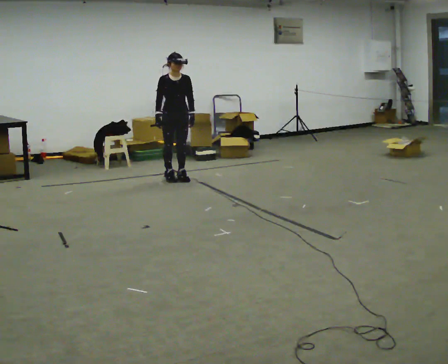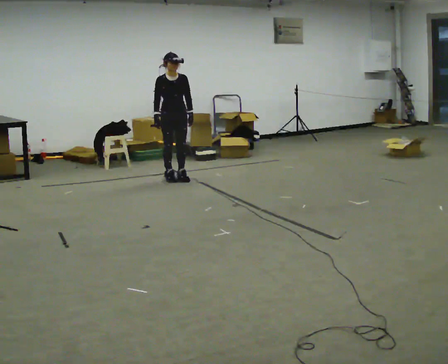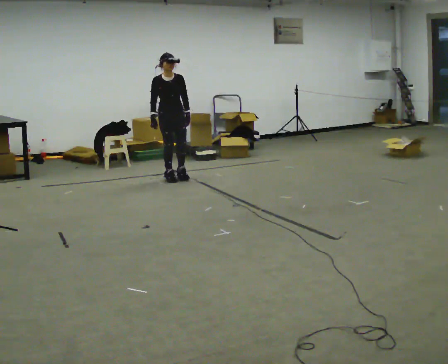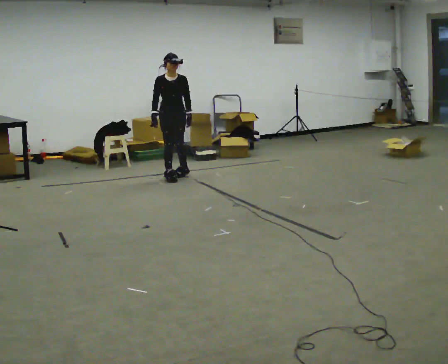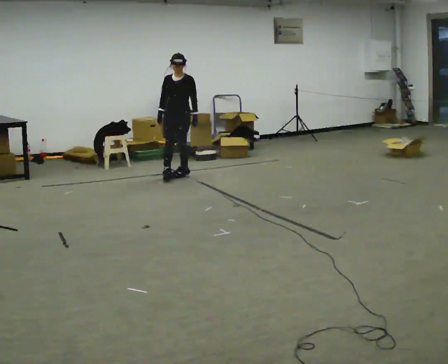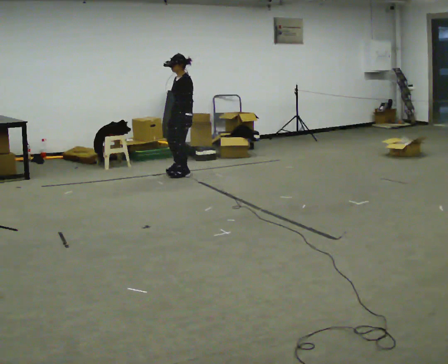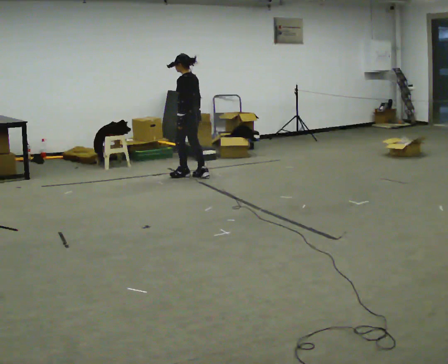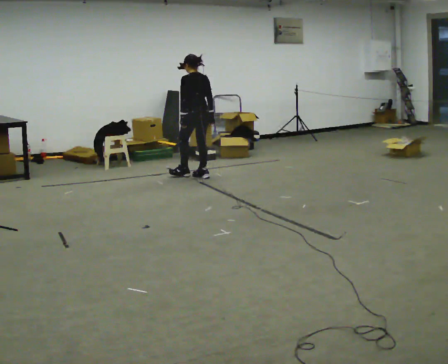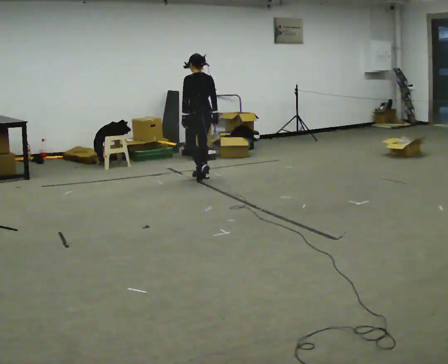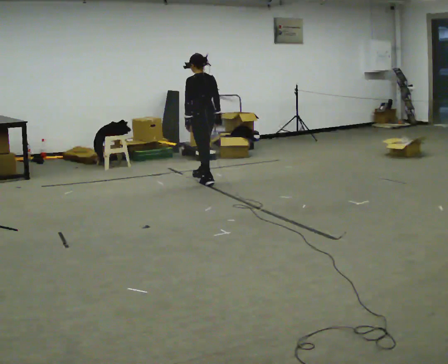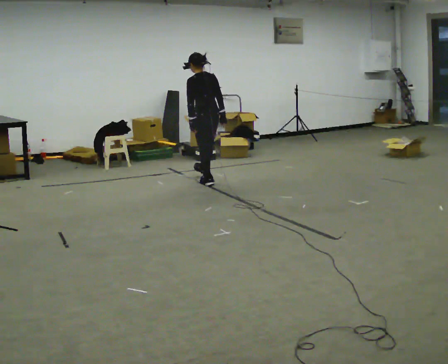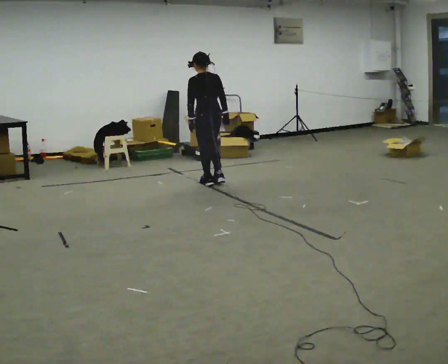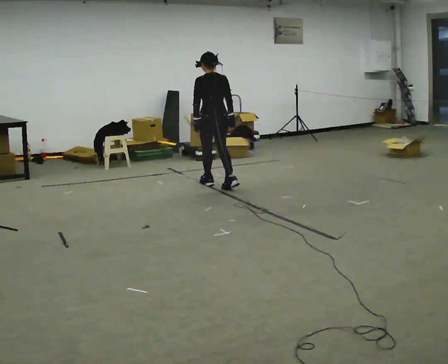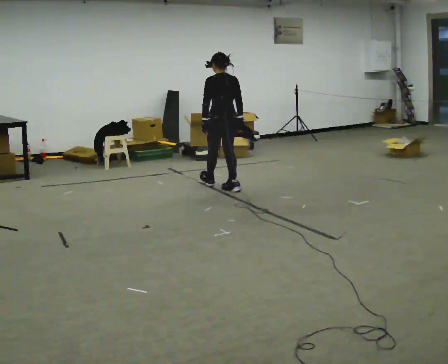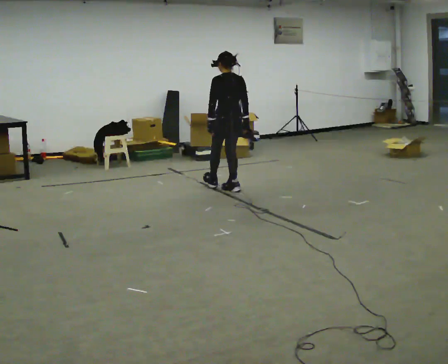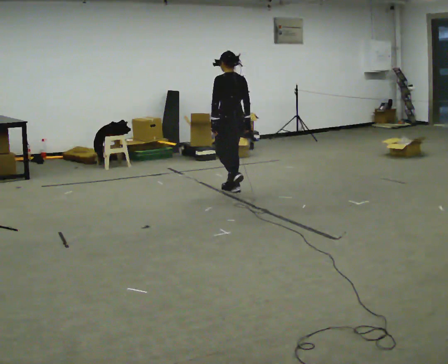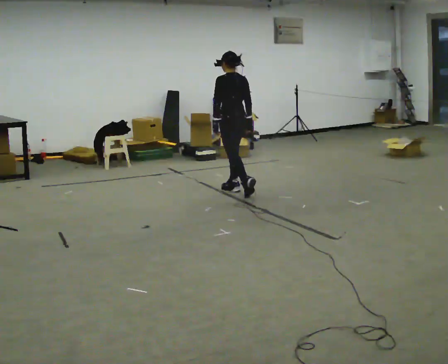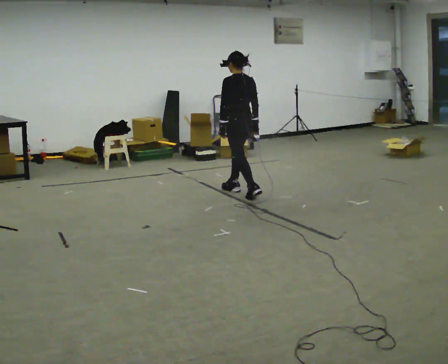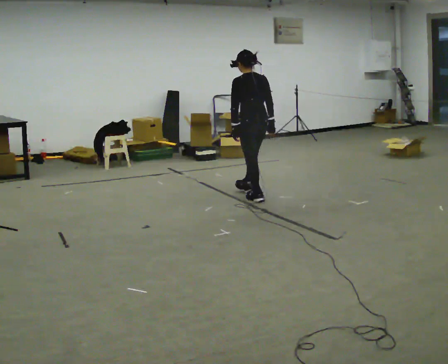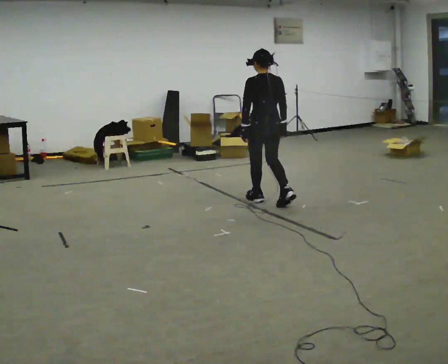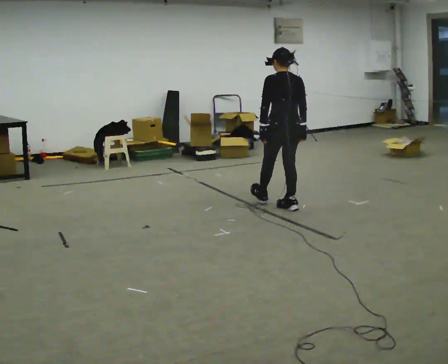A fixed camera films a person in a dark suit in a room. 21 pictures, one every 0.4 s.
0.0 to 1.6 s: The part of the body nearest the lens slides to the left as the person turns to their right by about 30 degrees. In the picture they go away from the camera, about 0.25 m in 1 step, which for them is backward.
1.6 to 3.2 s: Seen from above the body turns clockwise, about 135 degrees: to their right, with its near side sliding to the left. In the picture they go to the right, about 0.25 m in 2 steps.
3.2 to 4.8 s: In the picture they go toward the camera, about 0.5 m in 1 step, which for them is backward.
4.8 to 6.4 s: In the picture they go toward the camera and to the right, about 0.25 m in 1 step, which for them is backward.
6.4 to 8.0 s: In the picture they go toward the camera and to the right, about 1 m in 2 steps, which for them is backward.
The film runs backward here.
